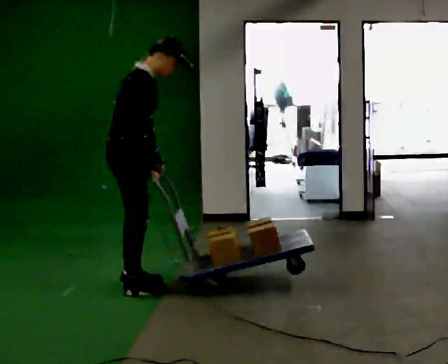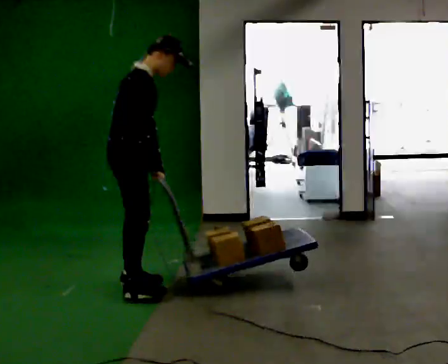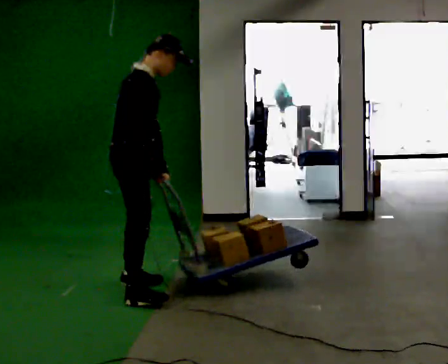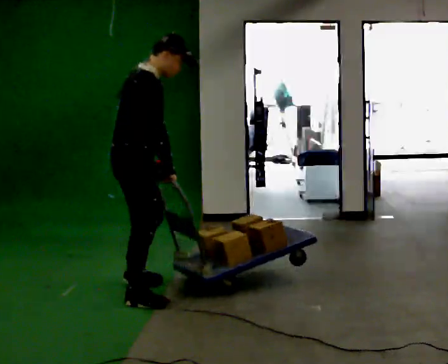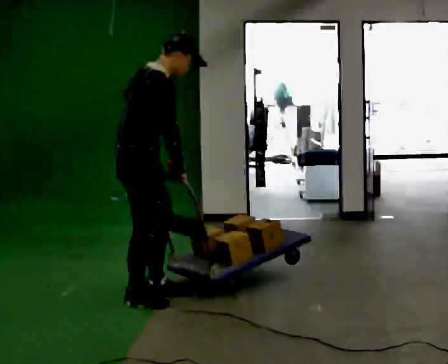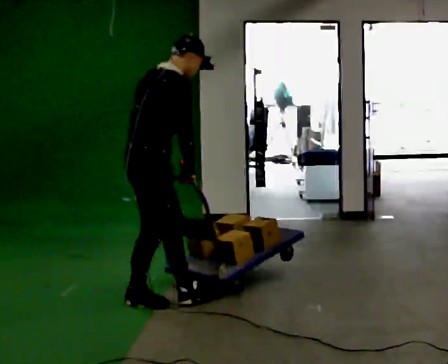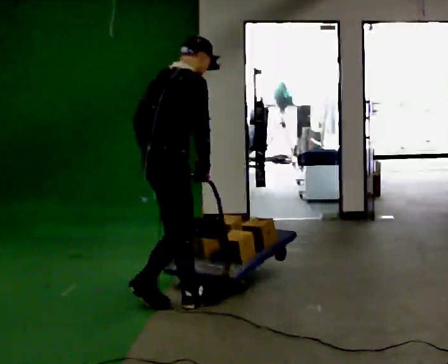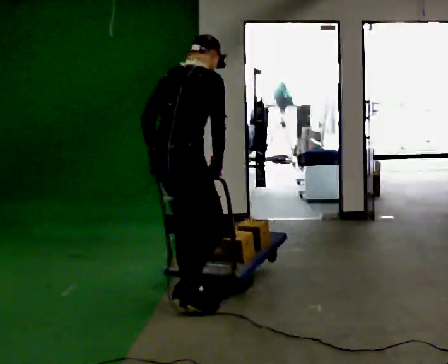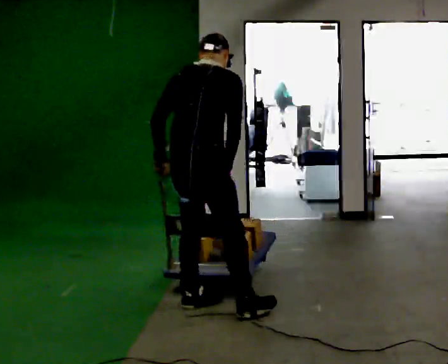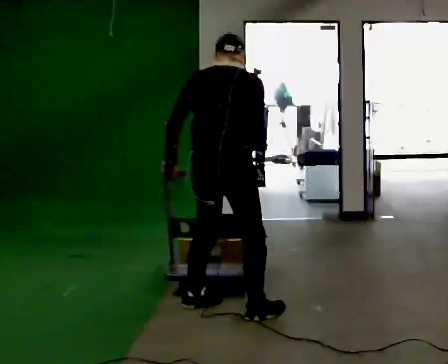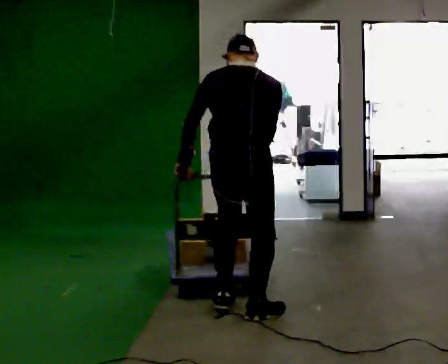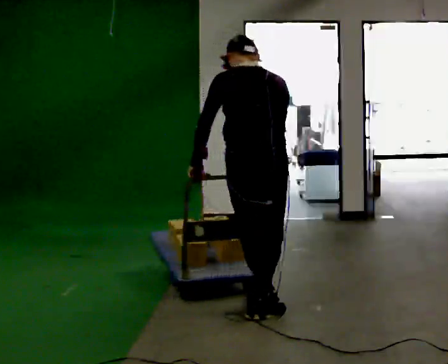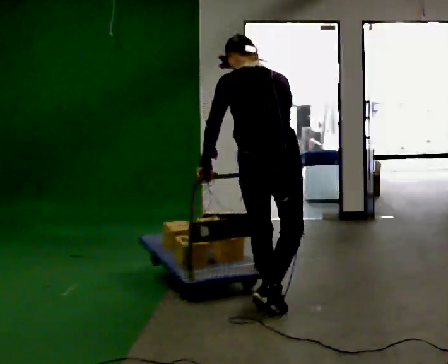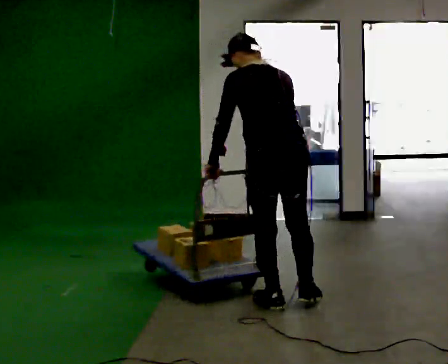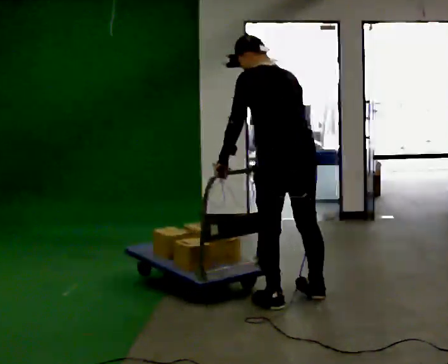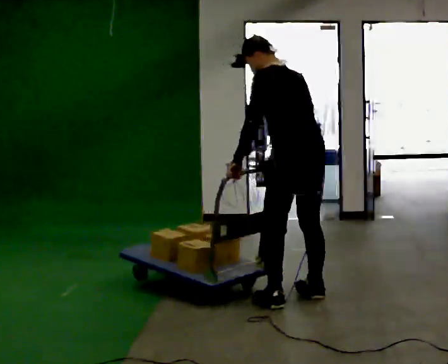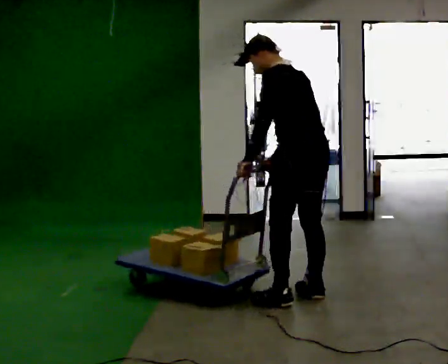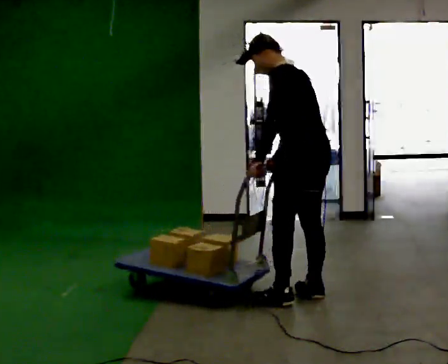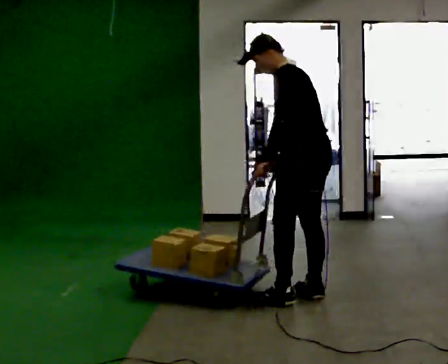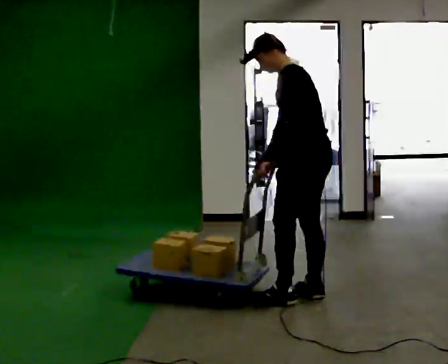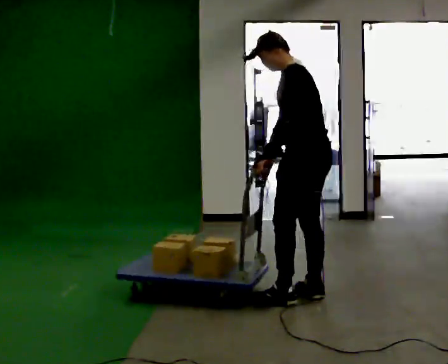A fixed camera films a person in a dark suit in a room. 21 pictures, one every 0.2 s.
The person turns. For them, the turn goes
to their left.
The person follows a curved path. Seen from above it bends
counterclockwise.
0.0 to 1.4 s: In the picture they go toward the camera and to the right, about 0.75 m in 2 steps, which for them is to their right and forward.
1.4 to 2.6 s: Seen from above the body turns counterclockwise, about 75 degrees: to their left, with its near side sliding to the right. In the picture they go to the right, about 0.5 m in 2 steps. In the picture the upper body tilts counterclockwise, shoulders to the left.
2.6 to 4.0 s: The person turns about 45 degrees to their left, counterclockwise seen from above, so the part of the body nearest the lens slides to the right. In the picture they go away from the camera and to the right, about 0.25 m in 1 step, which for them is to their right.
The film runs forward here.
